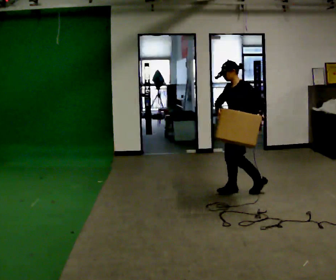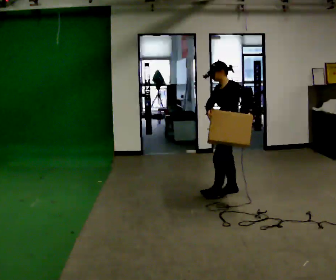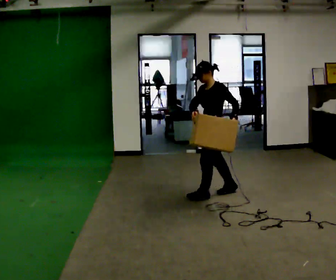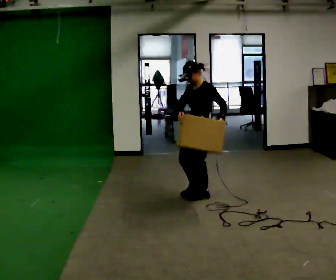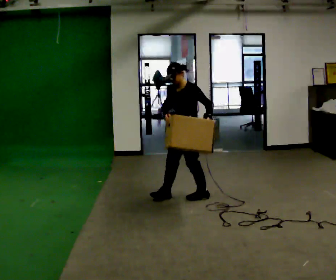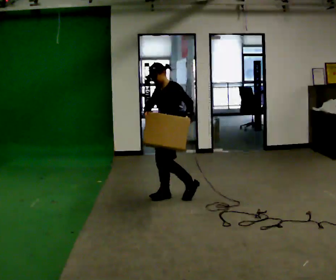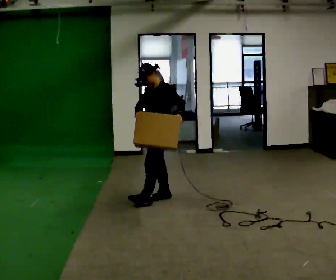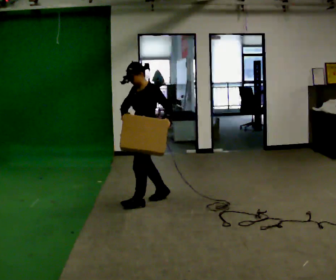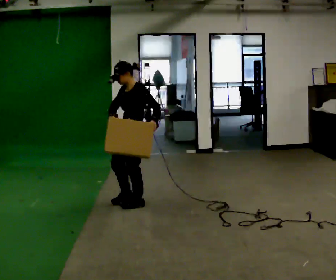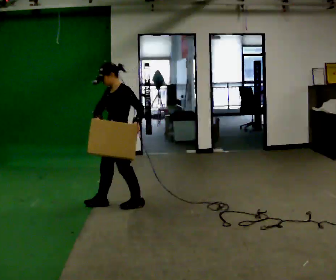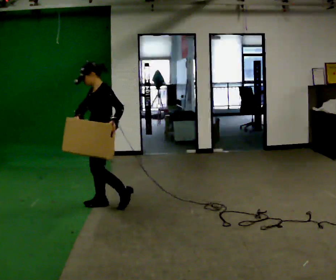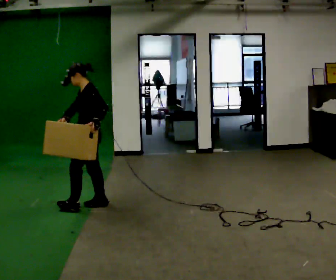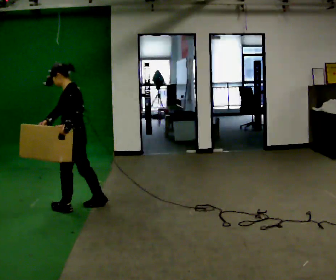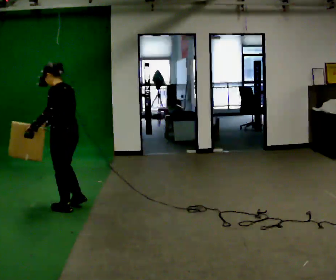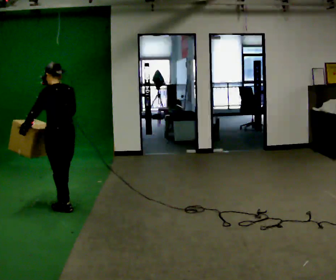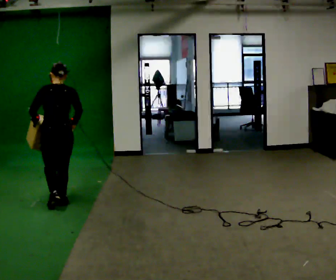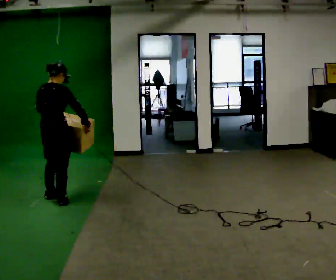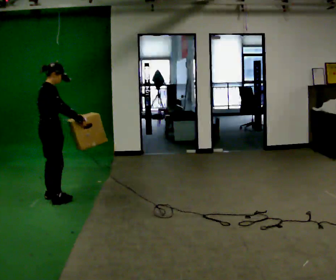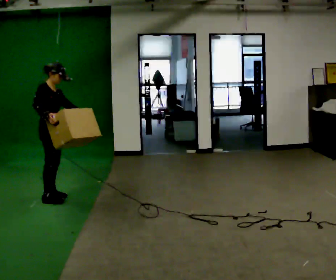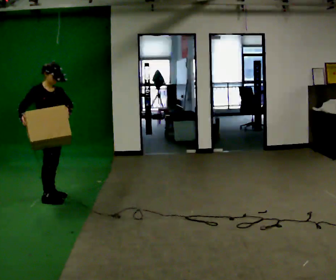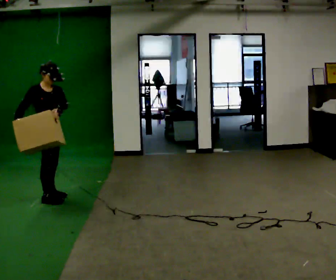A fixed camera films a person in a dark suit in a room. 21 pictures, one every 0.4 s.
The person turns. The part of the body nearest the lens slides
to the left.
The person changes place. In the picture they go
to the left.
0.0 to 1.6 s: In the picture they go to the left, about 0.5 m in 2 steps, which for them is forward.
1.6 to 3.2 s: In the picture they go to the left, about 0.5 m in 1 step, which for them is forward.
3.2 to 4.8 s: The part of the body nearest the lens slides to the left as the person turns to their right by about 30 degrees. In the picture they go to the left, about 0.5 m in 2 steps, which for them is forward.
4.8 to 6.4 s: The part of the body nearest the lens slides to the left as the person turns to their right by about 105 degrees. In the picture they go away from the camera and to the left, about 0.25 m in 2 steps.
6.4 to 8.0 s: The person turns about 90 degrees to their right, clockwise seen from above, so the part of the body nearest the lens slides to the left. In the picture their right hand goes to the left.
The film runs forward here.
